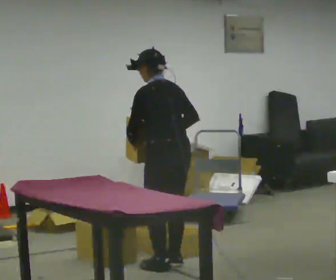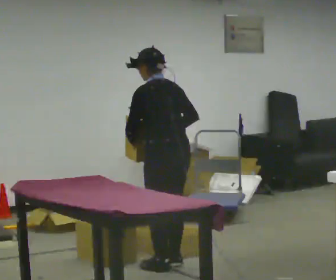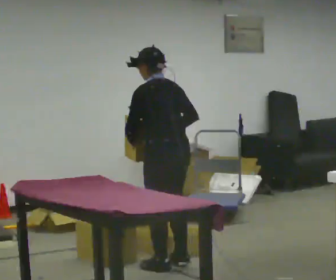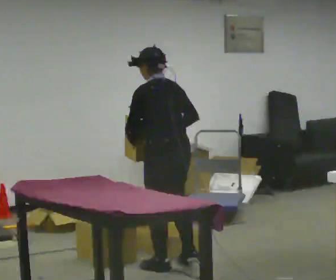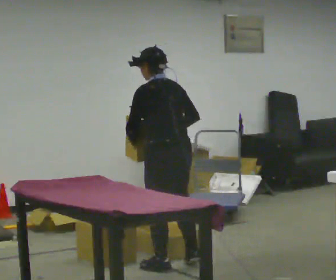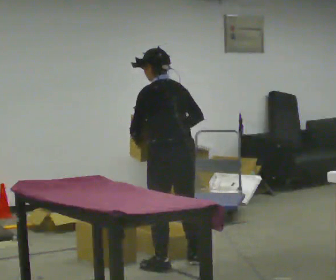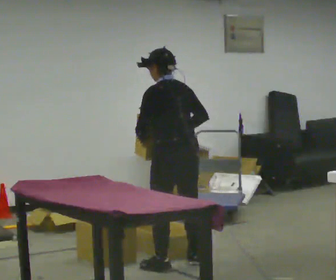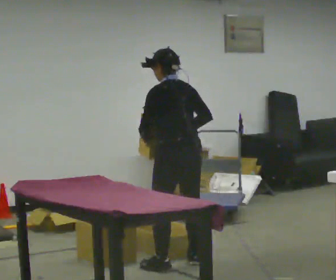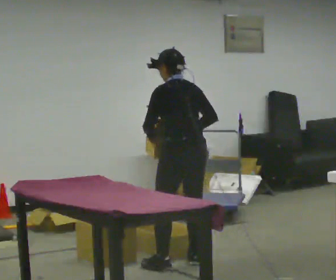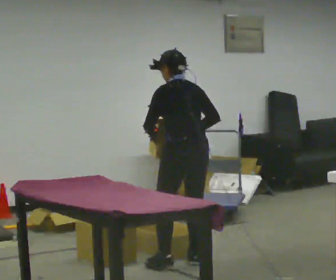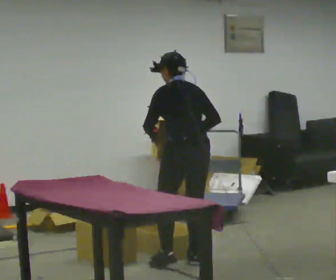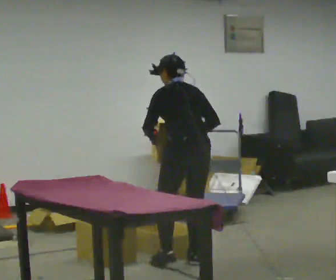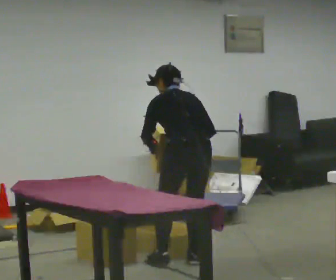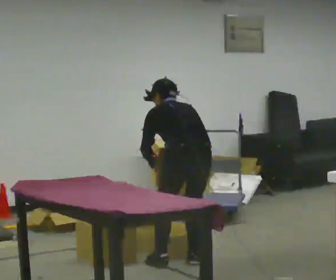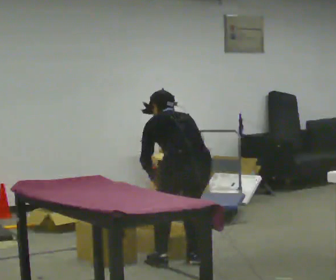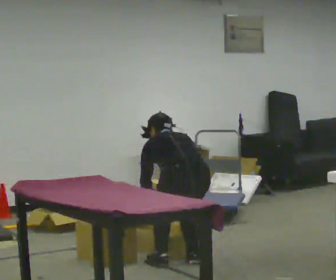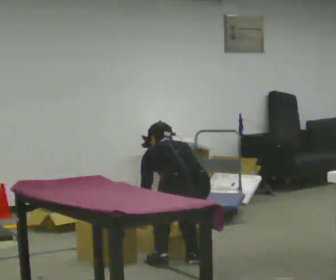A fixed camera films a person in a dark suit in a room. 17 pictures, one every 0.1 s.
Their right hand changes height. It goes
downward.
The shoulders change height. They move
downward.
0.0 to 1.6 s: The part of the body nearest the lens slides to the left as the person turns to their right by about 30 degrees. The upper body goes downward. The upper body tips away from the camera, its near side rolling upward, as they bend forward. In the picture their left hand goes downward.
The film runs backward here.
